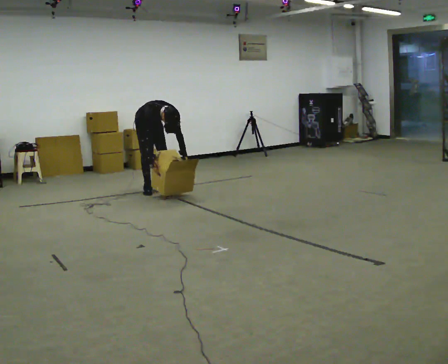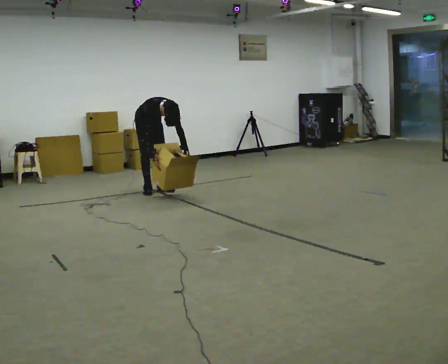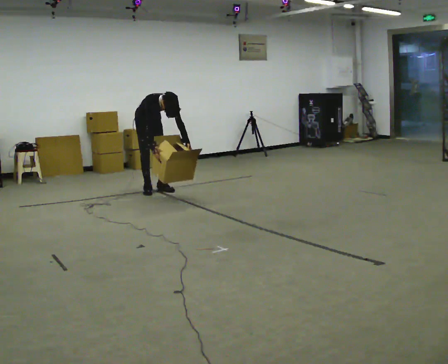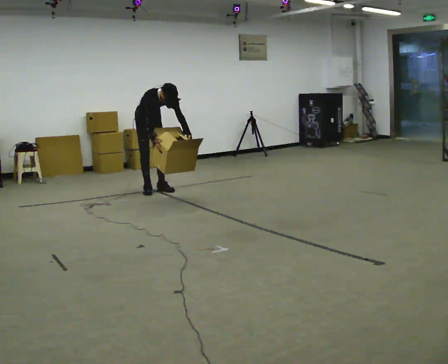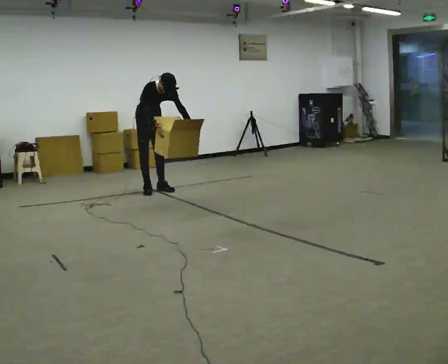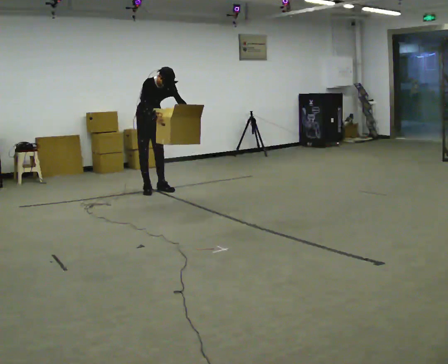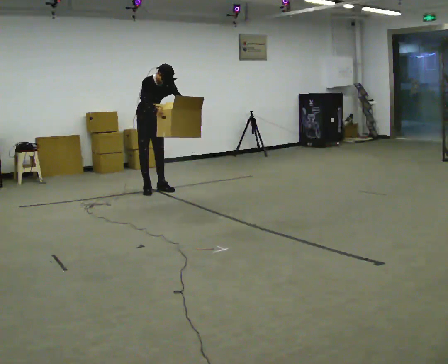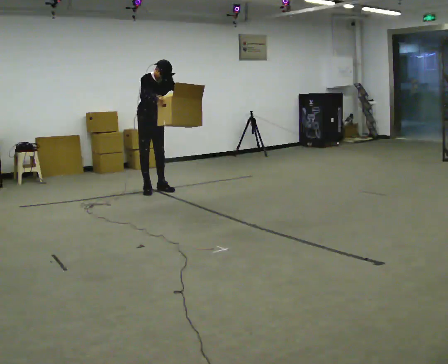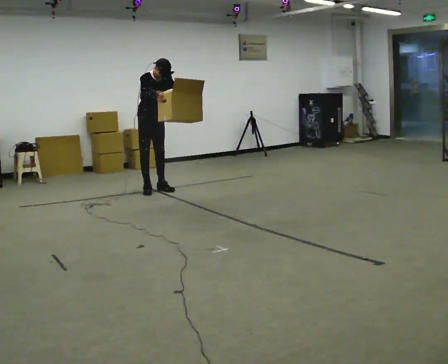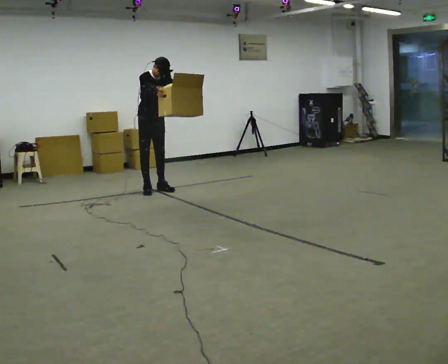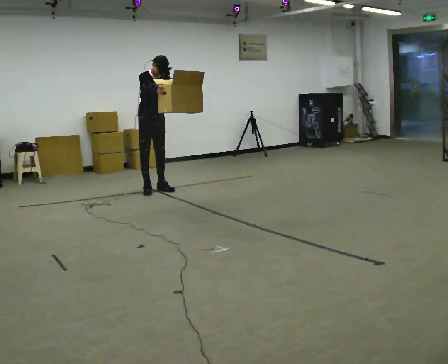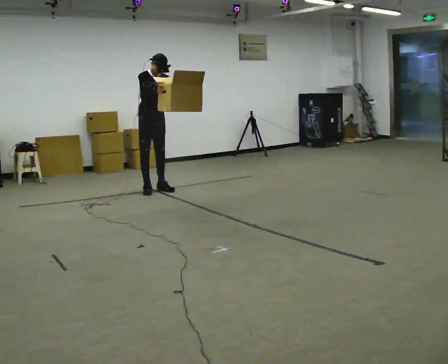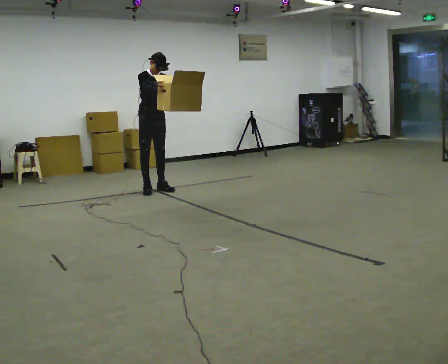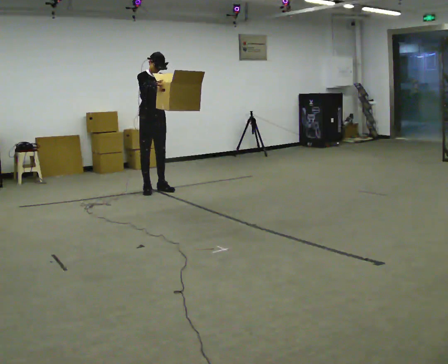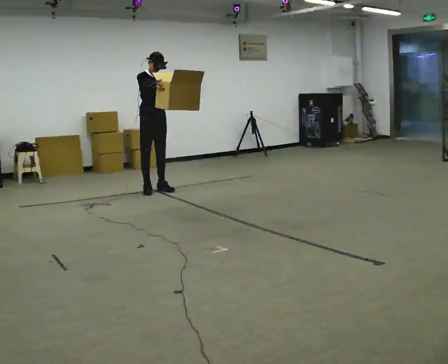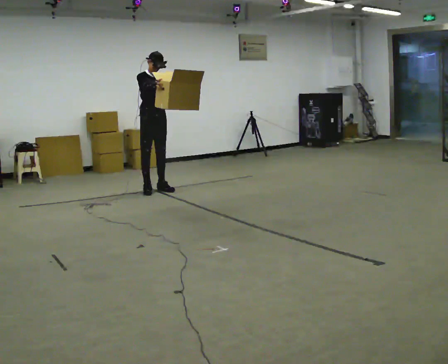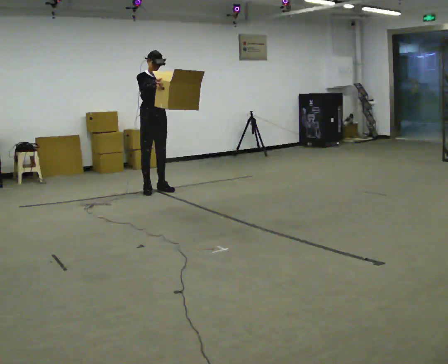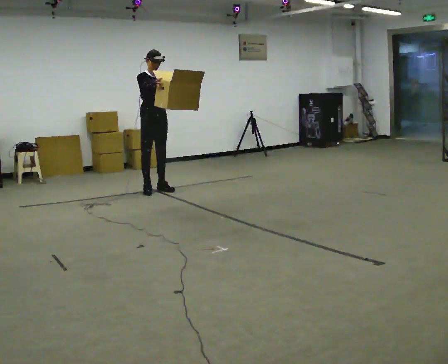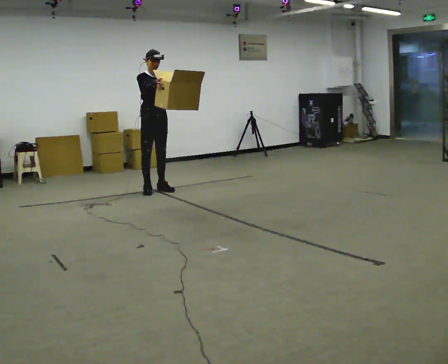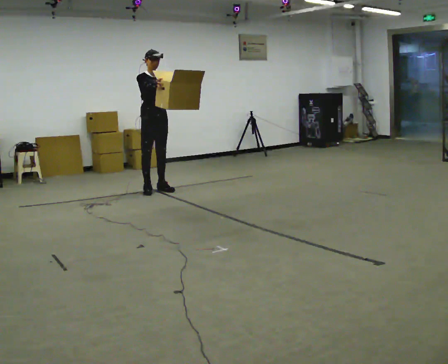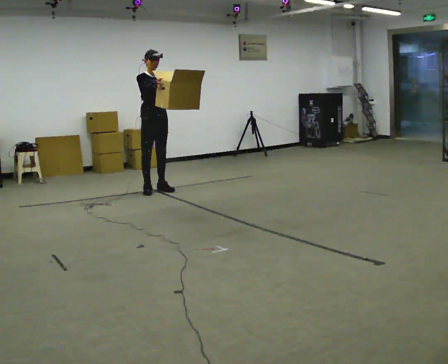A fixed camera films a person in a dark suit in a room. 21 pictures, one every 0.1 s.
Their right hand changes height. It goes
upward.
Their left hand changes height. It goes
upward.
0.0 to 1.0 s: The upper body goes upward. The upper body tips away from the camera, its near side rolling upward, as they lean back or straighten. In the picture their right hand goes upward.
1.0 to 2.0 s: The person moves a little, or ends about where they began.
The film runs forward here.
